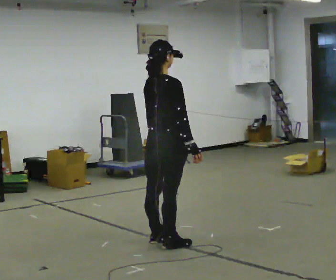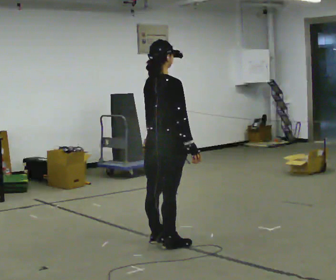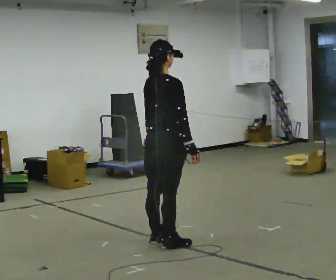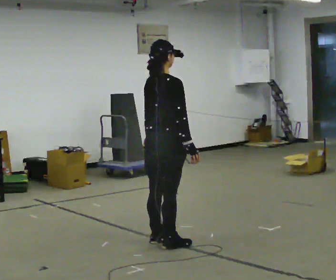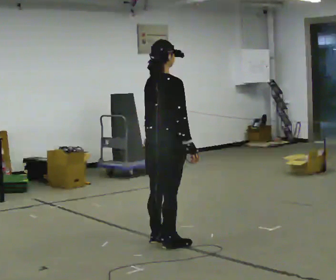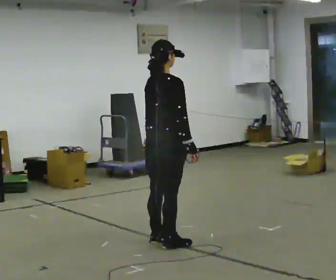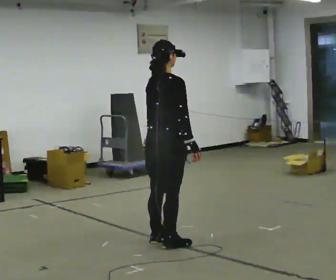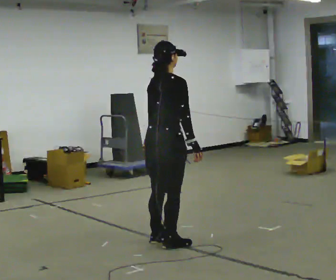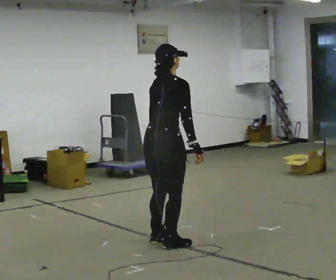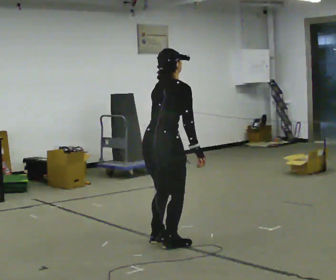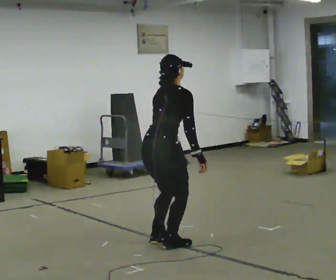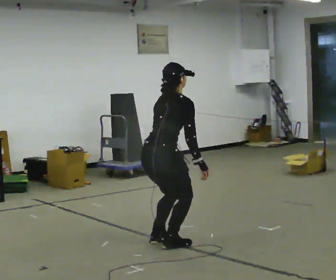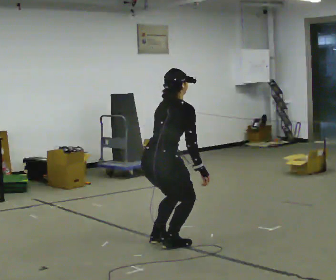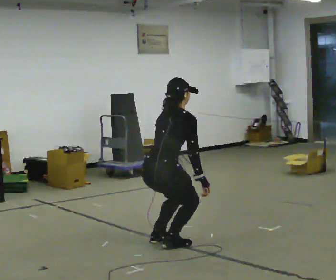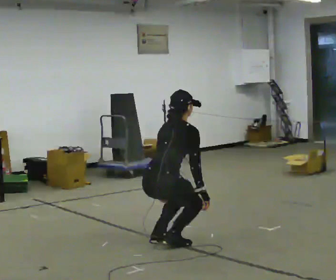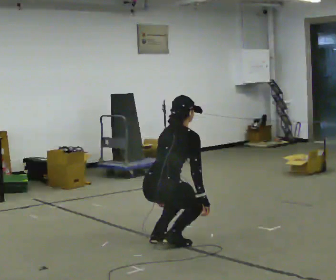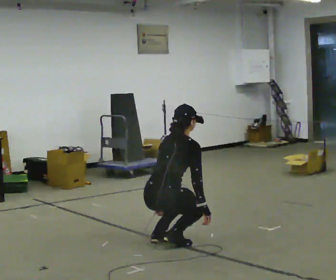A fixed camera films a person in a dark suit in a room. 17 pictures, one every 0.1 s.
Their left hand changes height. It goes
downward.
The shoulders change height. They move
downward.
0.0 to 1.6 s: The shoulders move downward. The upper body tips away from the camera, its near side rolling upward, as they bend forward. In the picture their left hand goes downward.
The film runs forward here.
